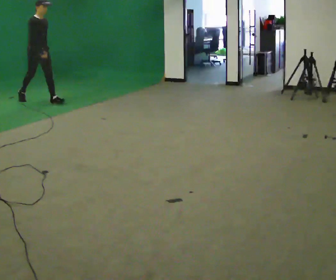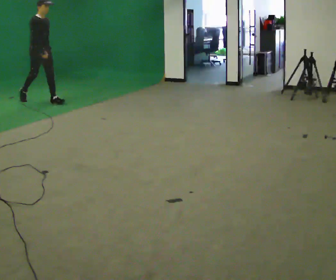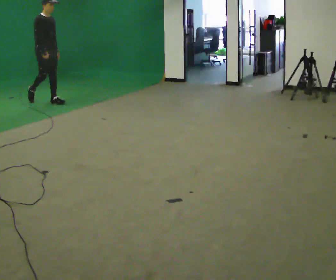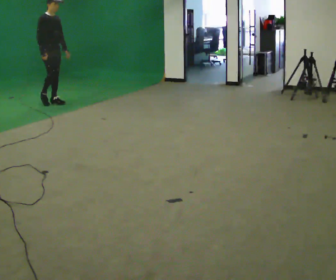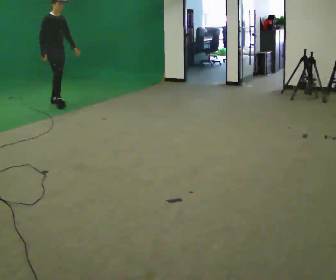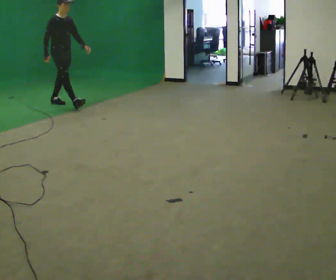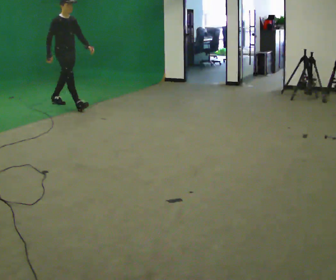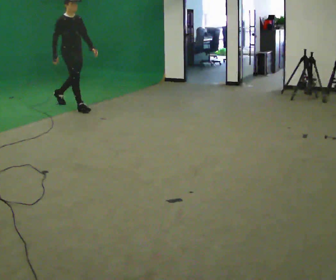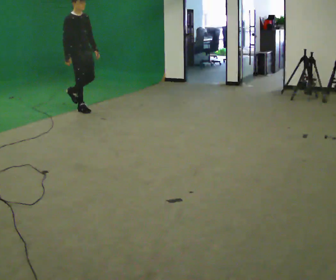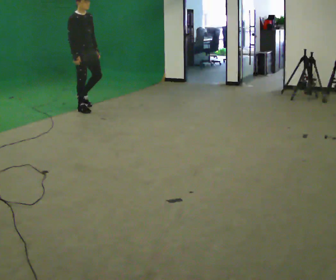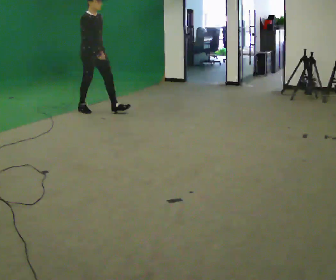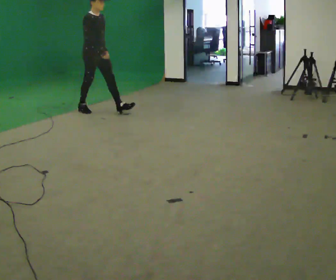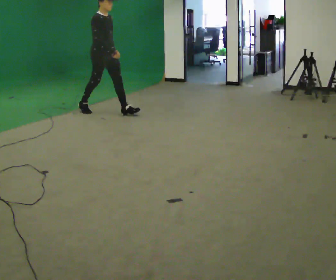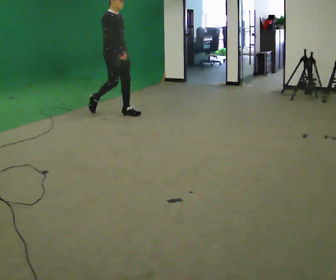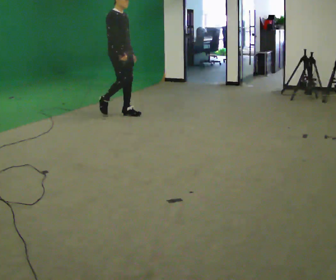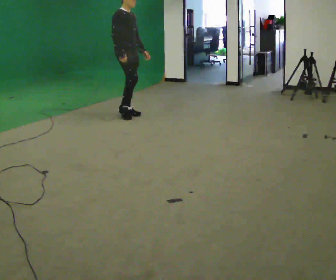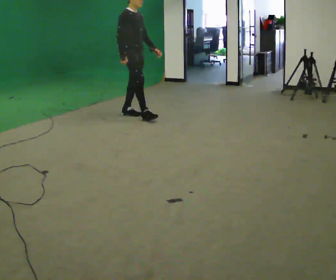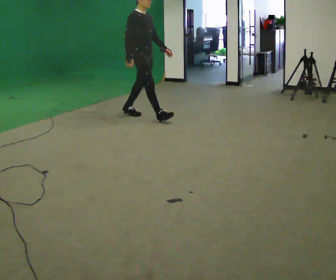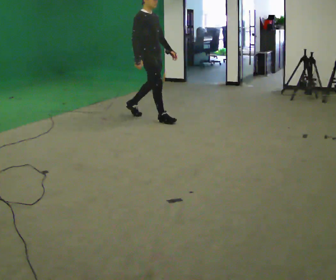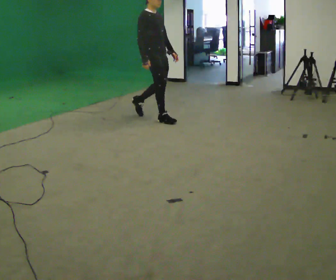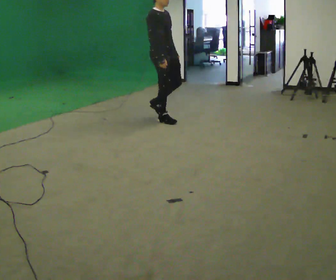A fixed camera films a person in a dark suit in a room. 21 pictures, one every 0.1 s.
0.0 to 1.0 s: In the picture they go to the right and toward the camera, about 1 m in 1 step, which for them is forward.
1.0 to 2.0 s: In the picture they go to the right and toward the camera, about 1 m in 2 steps, which for them is forward.
The film runs forward here.
